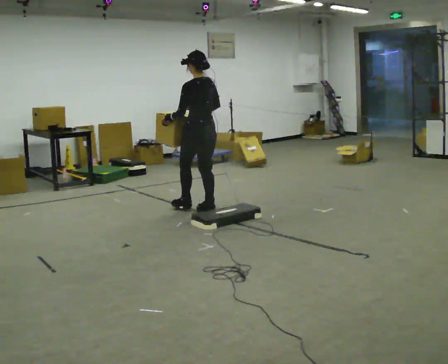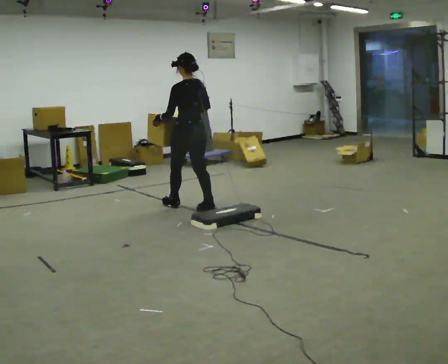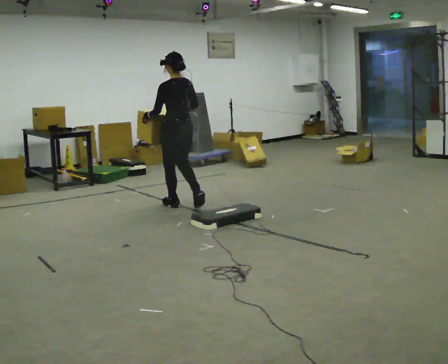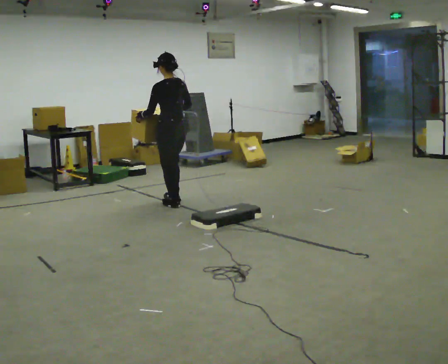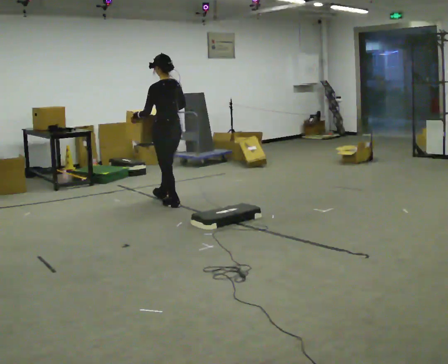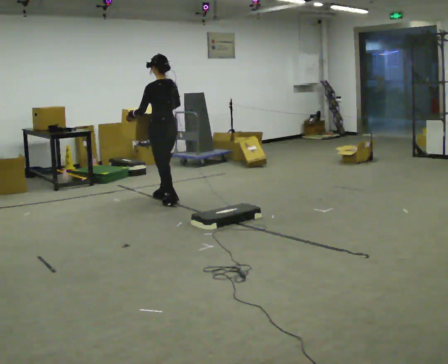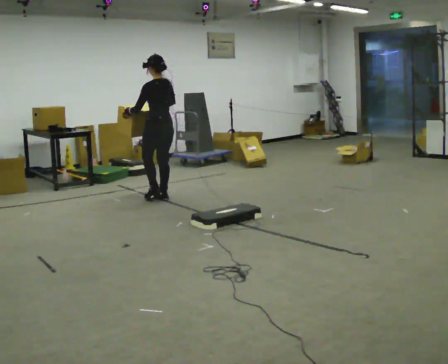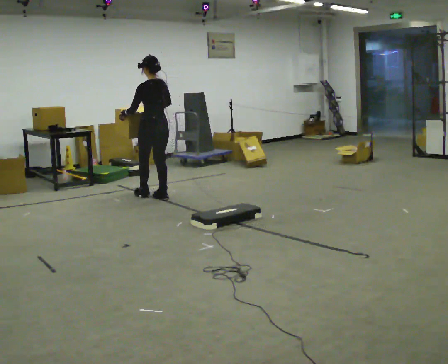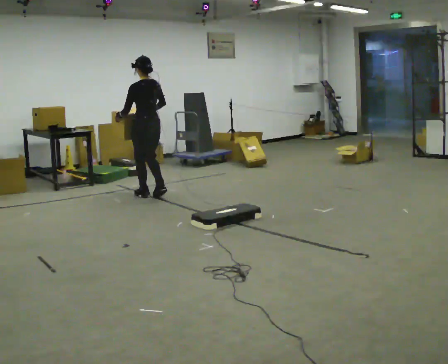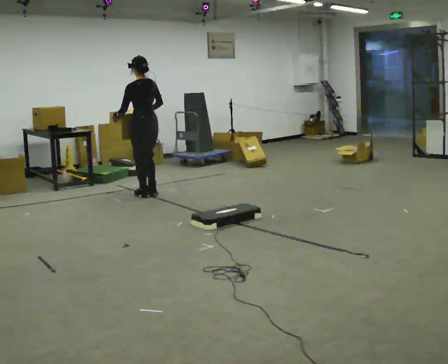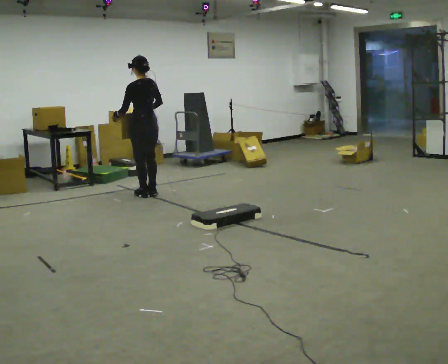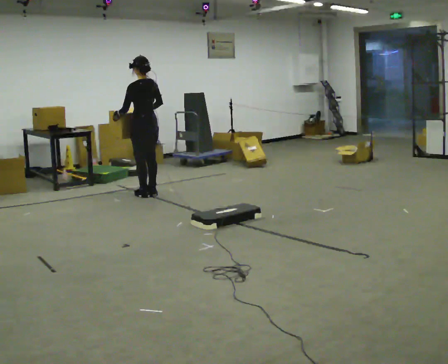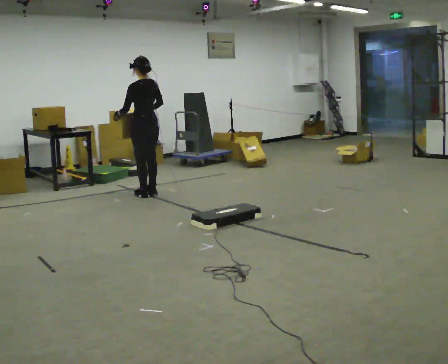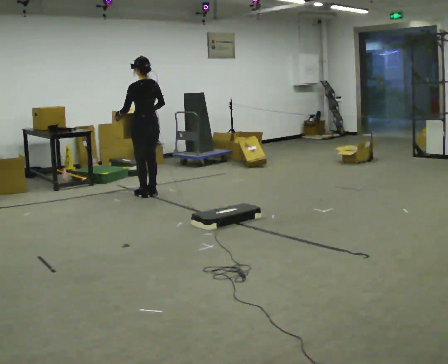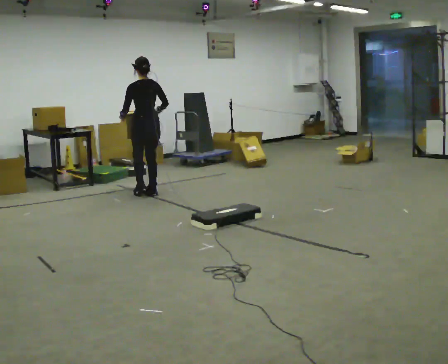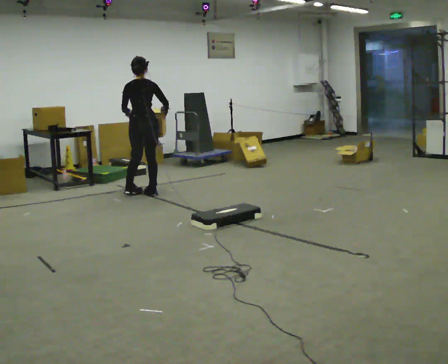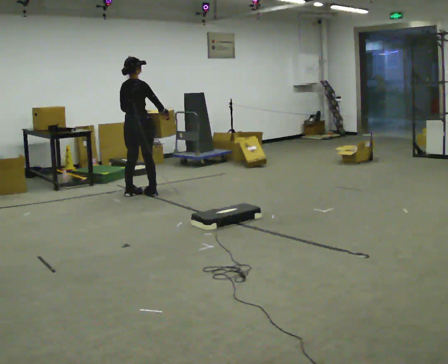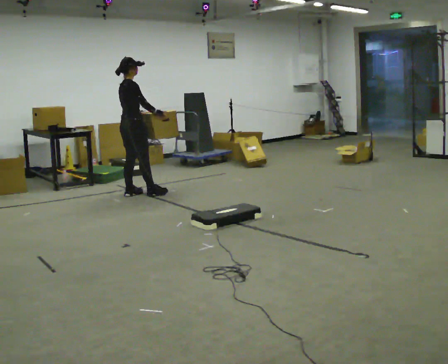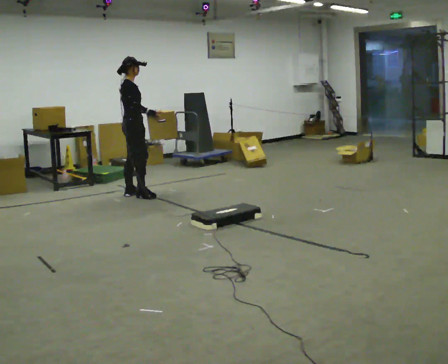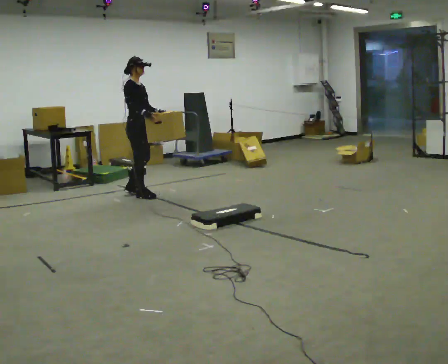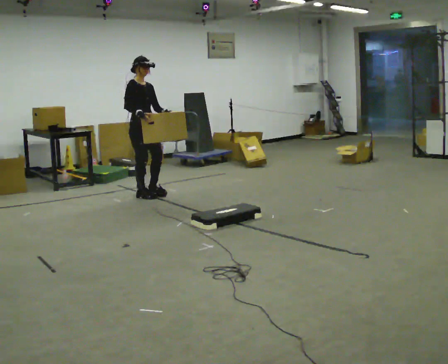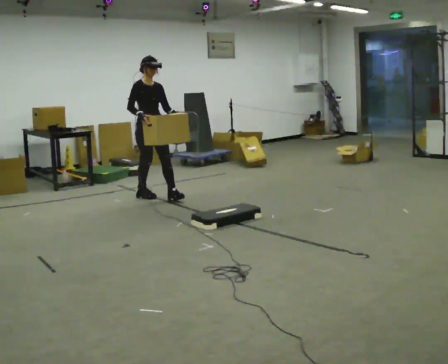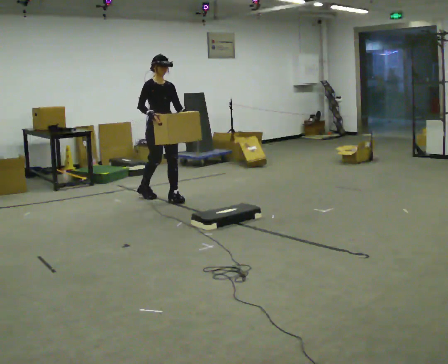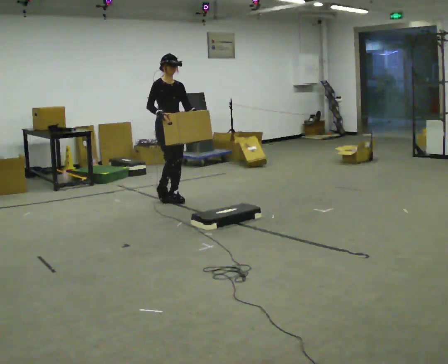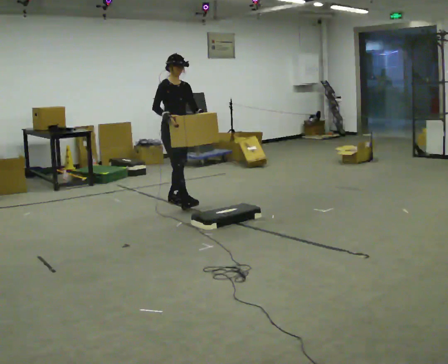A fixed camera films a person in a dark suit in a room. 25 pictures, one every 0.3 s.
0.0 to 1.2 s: In the picture they go away from the camera and to the left, about 0.5 m in 2 steps, which for them is forward.
1.2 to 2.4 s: In the picture they go away from the camera and to the left, about 0.5 m in 1 step, which for them is forward.
2.4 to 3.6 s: The person moves a little, or ends about where they began.
3.6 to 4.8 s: Seen from above the body turns clockwise, about 75 degrees: to their right, with its near side sliding to the left.
4.8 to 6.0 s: The part of the body nearest the lens slides to the left as the person turns to their right by about 90 degrees. In the picture they go toward the camera, about 0.25 m in 1 step.
6.0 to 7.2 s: In the picture they go toward the camera and to the right, about 0.5 m in 1 step, which for them is forward.
The film runs forward here.
